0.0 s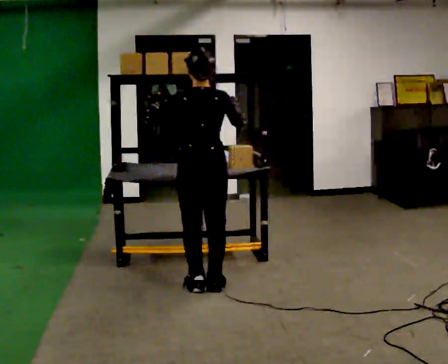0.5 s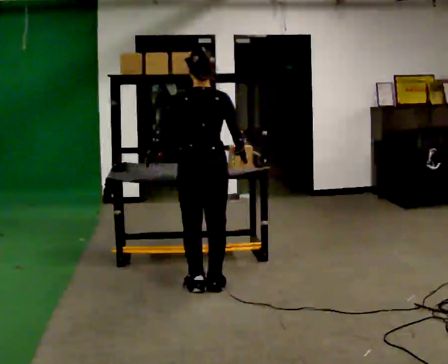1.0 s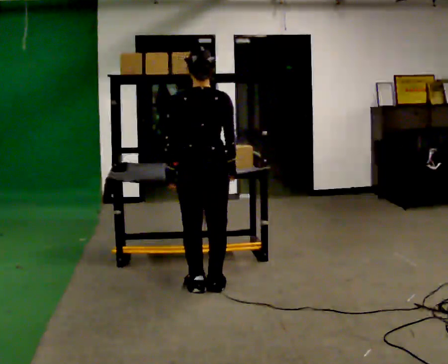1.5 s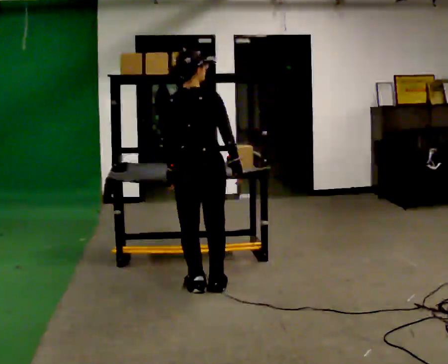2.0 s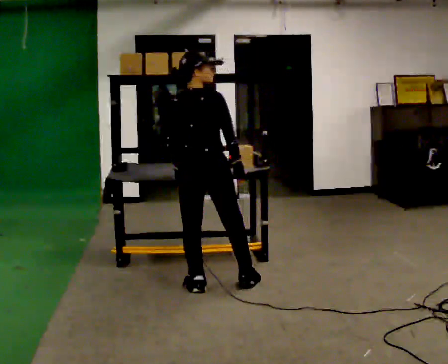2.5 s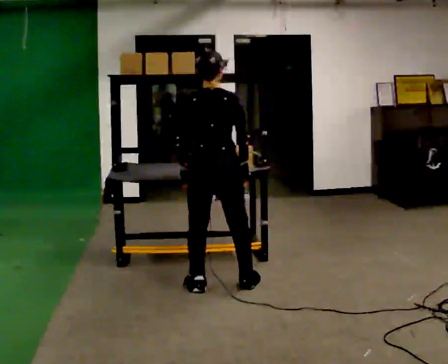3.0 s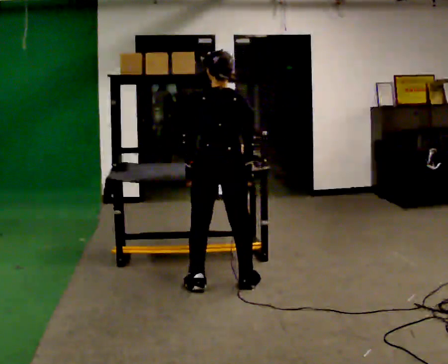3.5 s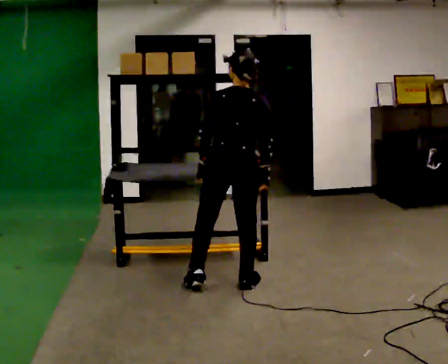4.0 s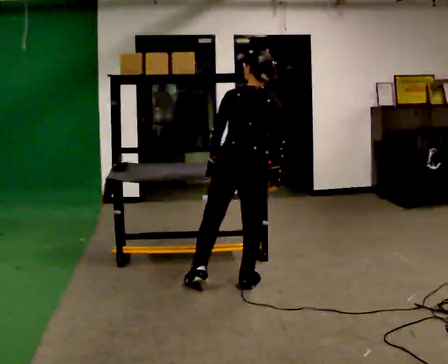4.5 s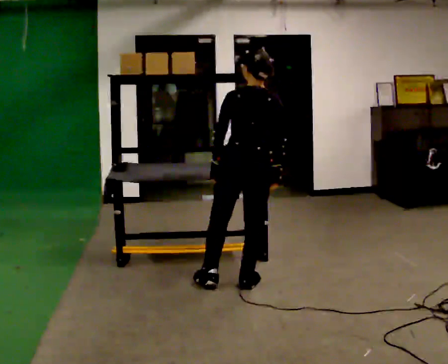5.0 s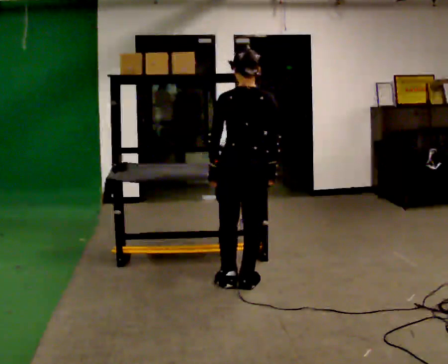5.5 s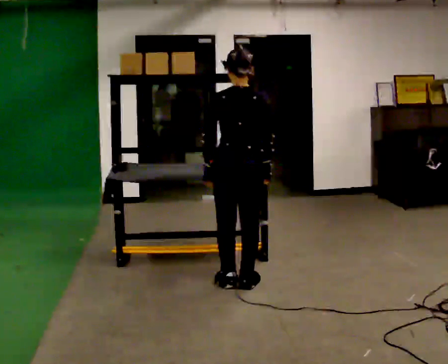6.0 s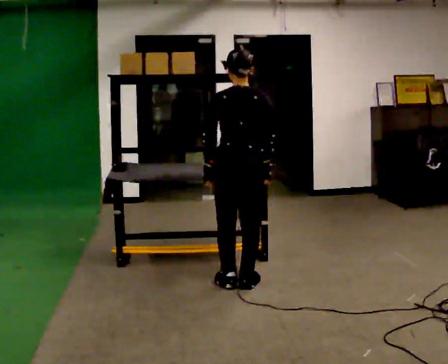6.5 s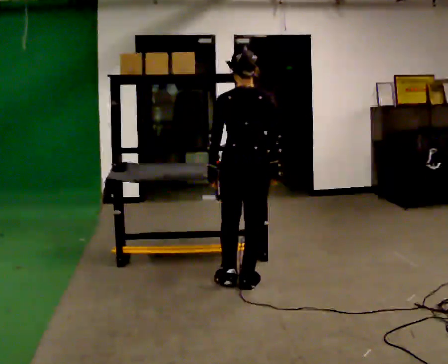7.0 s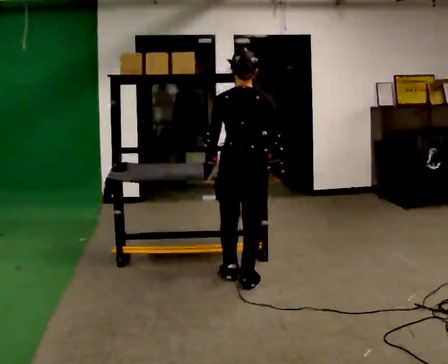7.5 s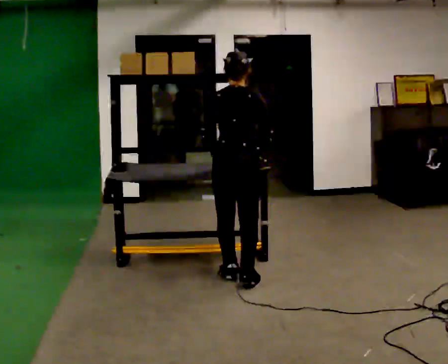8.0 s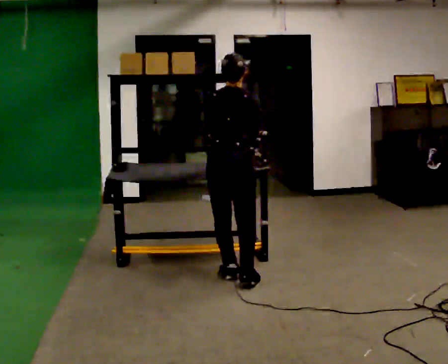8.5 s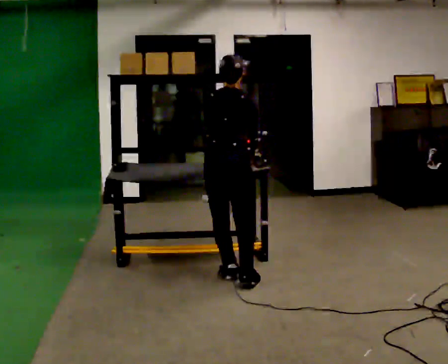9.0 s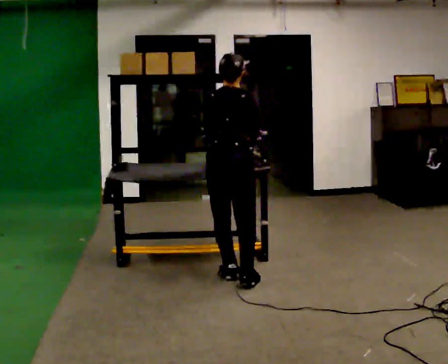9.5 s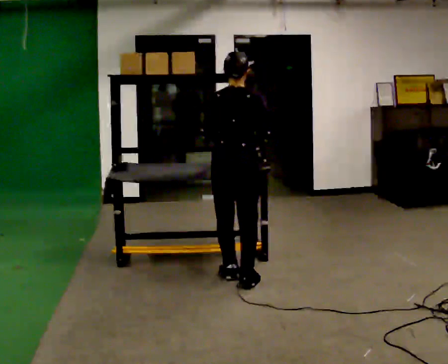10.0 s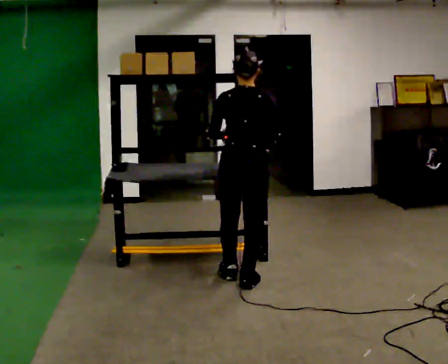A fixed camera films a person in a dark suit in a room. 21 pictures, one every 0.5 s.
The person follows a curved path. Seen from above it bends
counterclockwise.
0.0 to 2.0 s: In the picture their left hand goes downward, the arm swinging counterclockwise.
2.0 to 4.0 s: In the picture they go to the right, about 0.25 m, which for them is to their right. In the picture the upper body tilts clockwise, shoulders to the right.
4.0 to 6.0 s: The person moves a little, or ends about where they began.
6.0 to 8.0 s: In the picture they go away from the camera, about 0.25 m in 1 step, which for them is forward.
8.0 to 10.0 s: The person moves a little, or ends about where they began.
The film runs backward here.
